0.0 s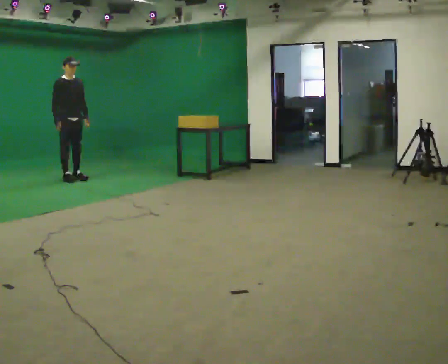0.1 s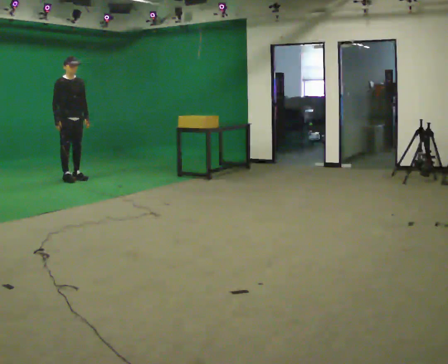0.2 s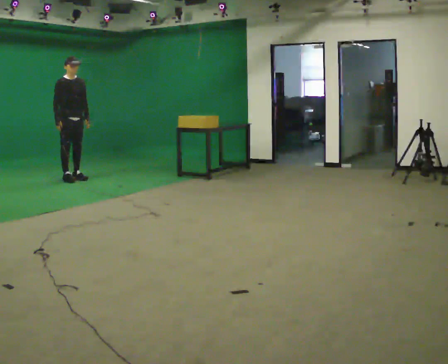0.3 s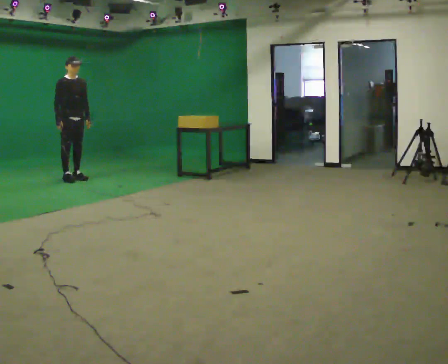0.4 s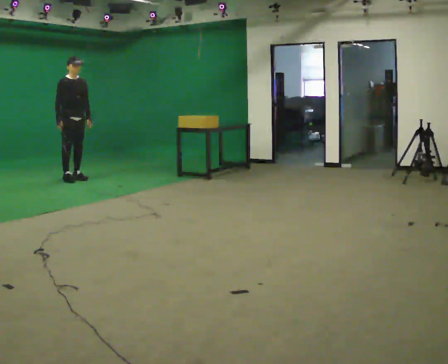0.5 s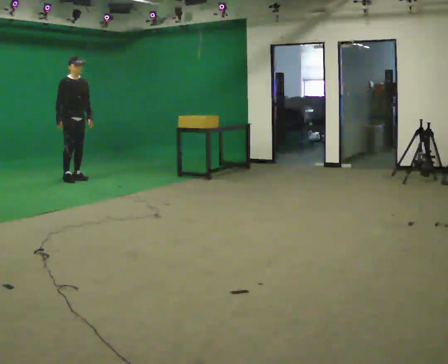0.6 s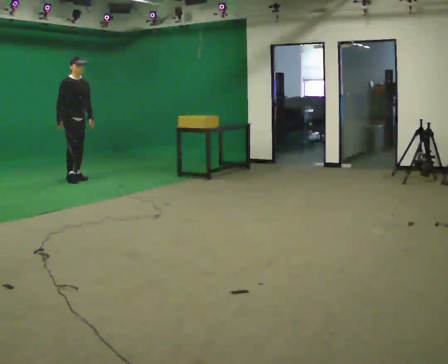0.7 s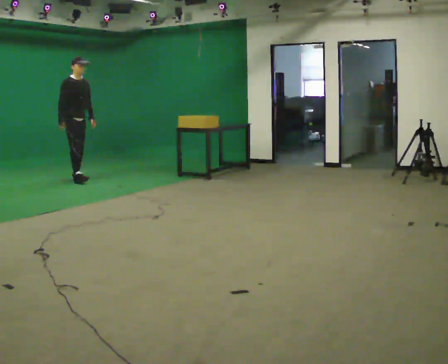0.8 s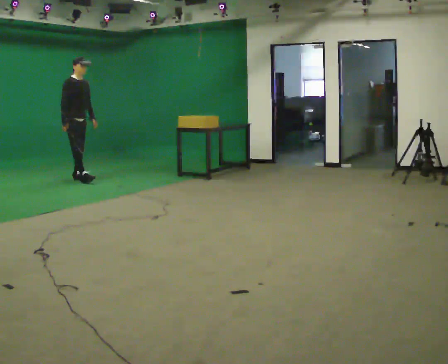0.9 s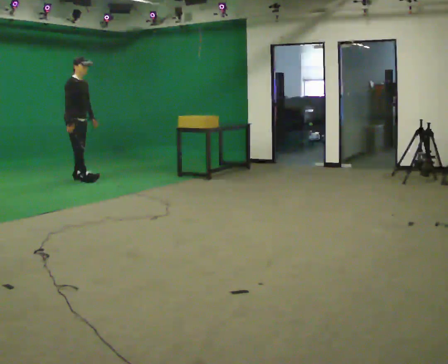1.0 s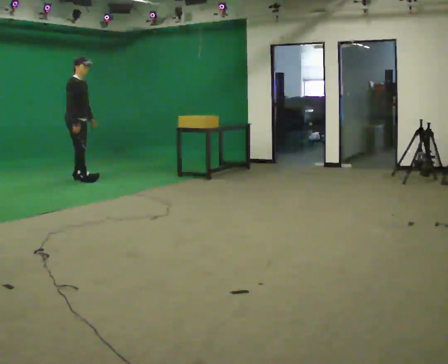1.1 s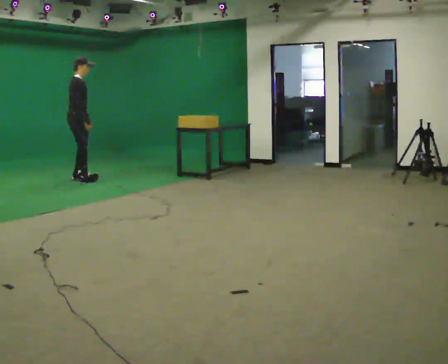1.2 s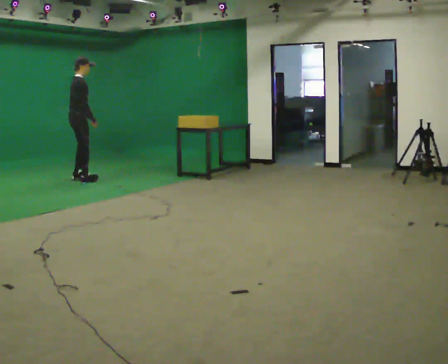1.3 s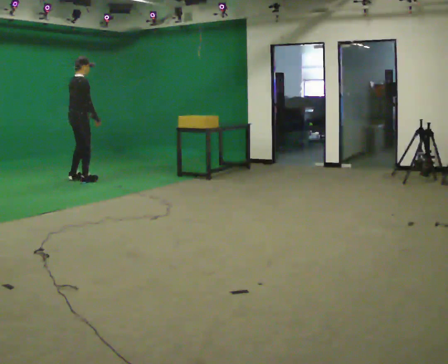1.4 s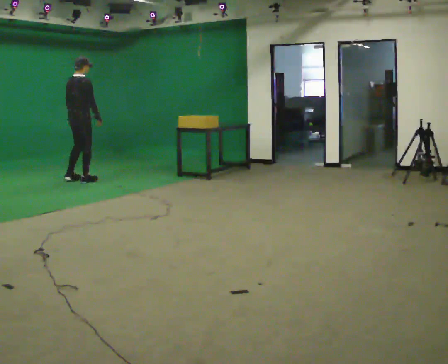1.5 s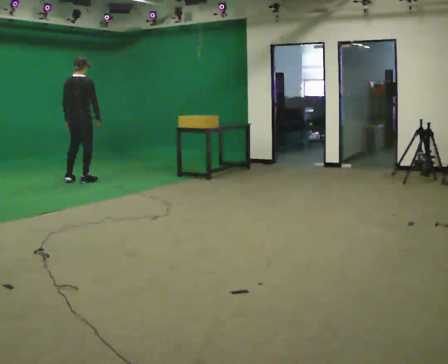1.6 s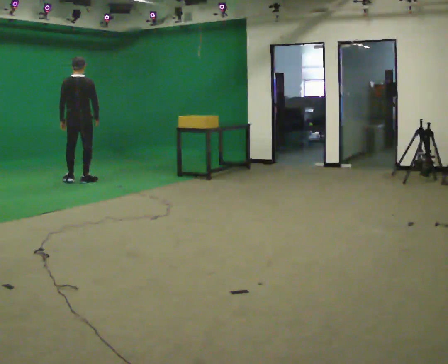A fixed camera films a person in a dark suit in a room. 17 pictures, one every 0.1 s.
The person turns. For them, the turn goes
to their left.
The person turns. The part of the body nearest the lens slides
to the right.
0.0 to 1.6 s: The part of the body nearest the lens slides to the right as the person turns to their left by about 120 degrees. In the picture they go to the right and toward the camera, about 0.25 m in 2 steps.
The film runs backward here.
